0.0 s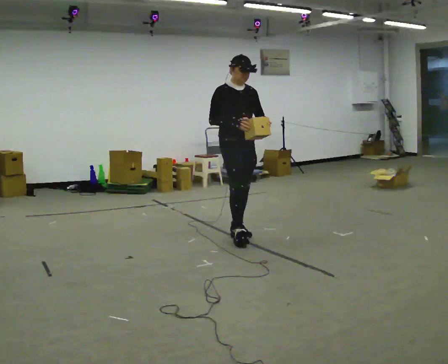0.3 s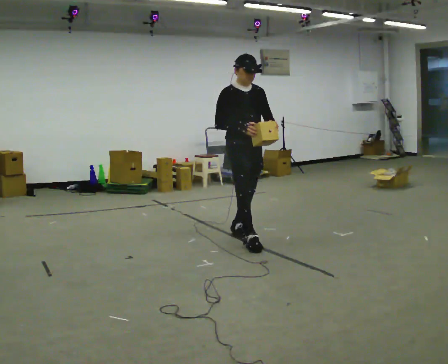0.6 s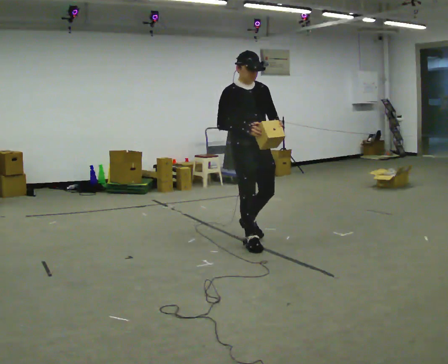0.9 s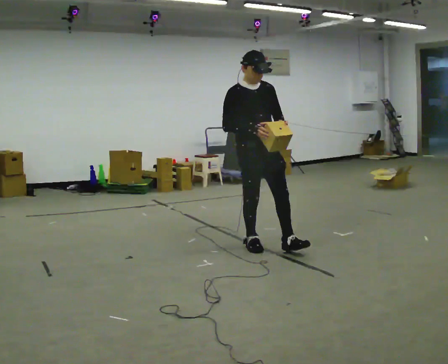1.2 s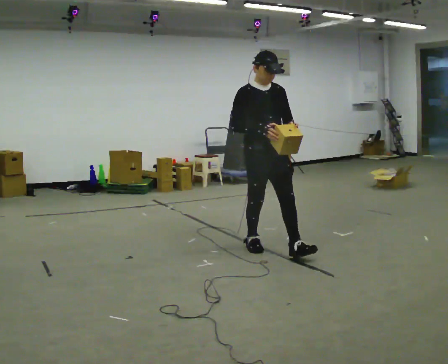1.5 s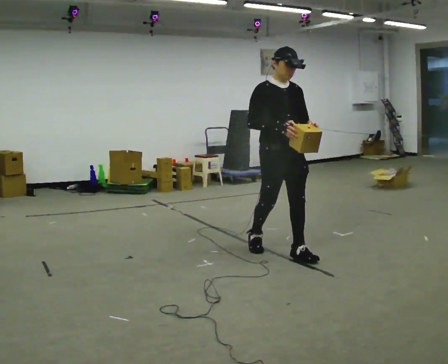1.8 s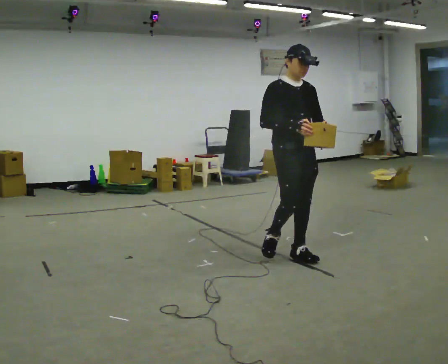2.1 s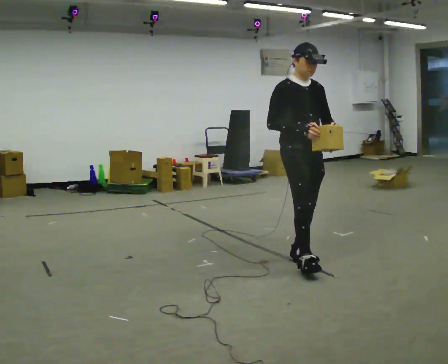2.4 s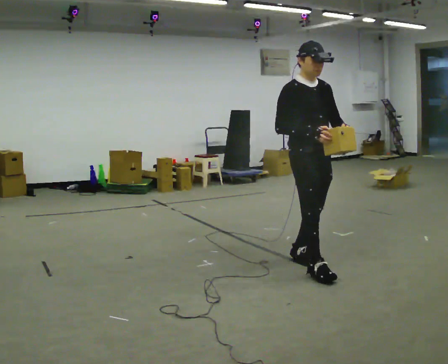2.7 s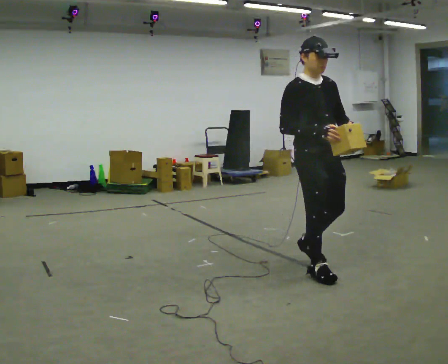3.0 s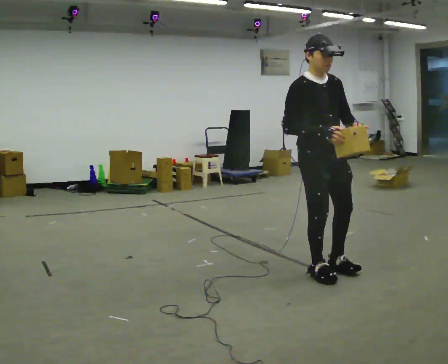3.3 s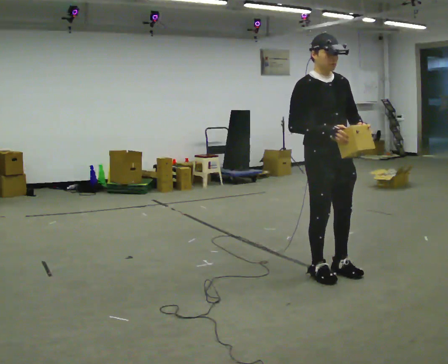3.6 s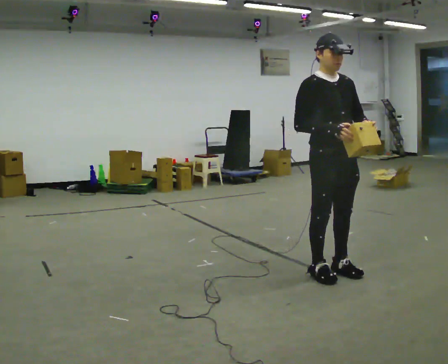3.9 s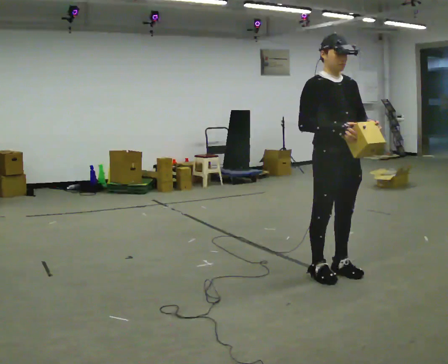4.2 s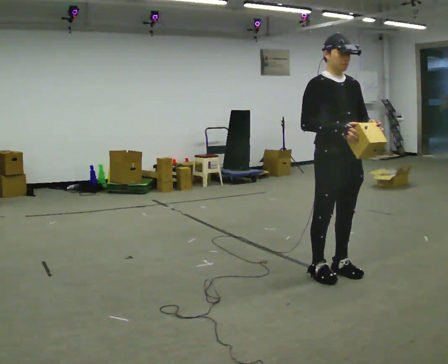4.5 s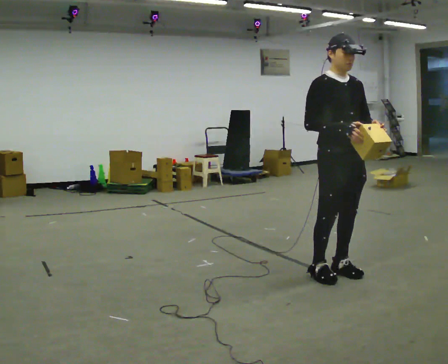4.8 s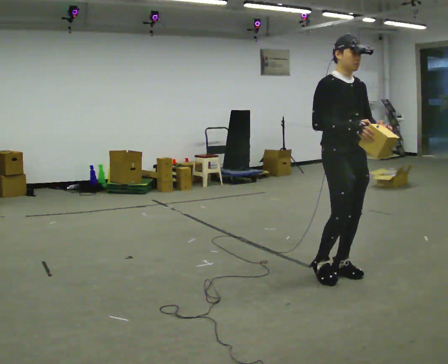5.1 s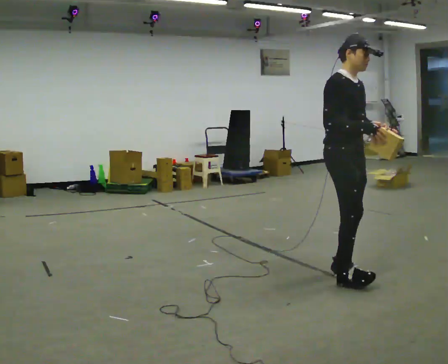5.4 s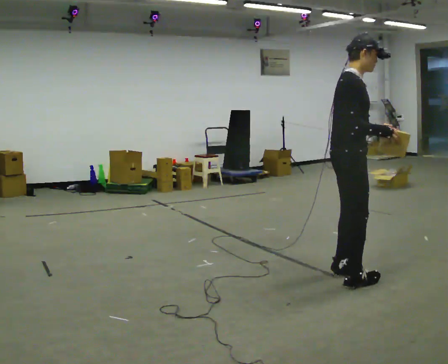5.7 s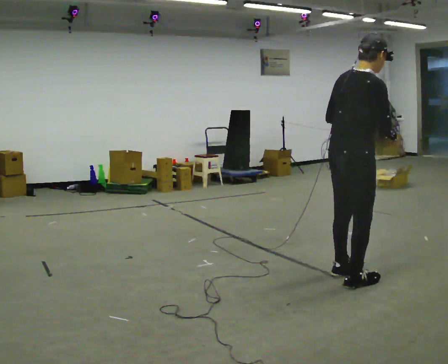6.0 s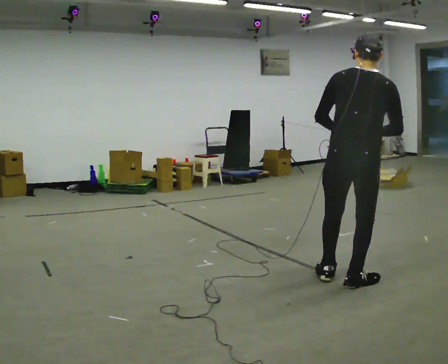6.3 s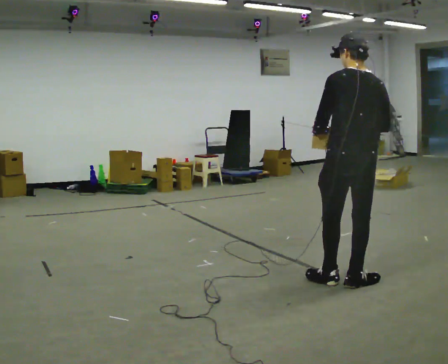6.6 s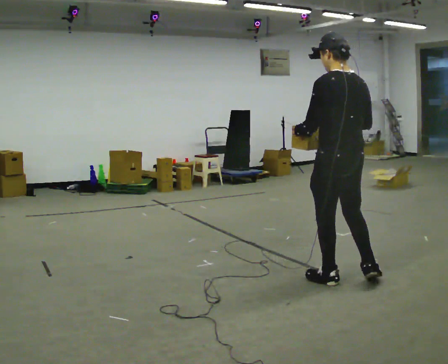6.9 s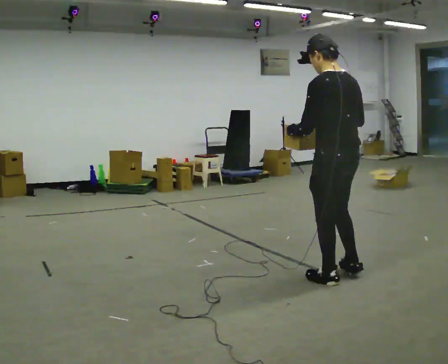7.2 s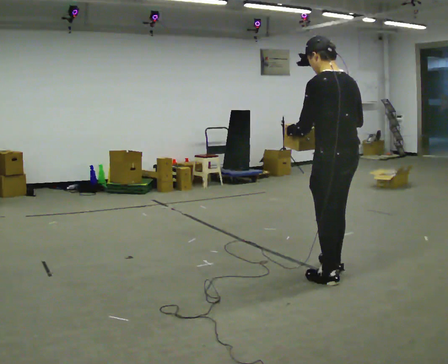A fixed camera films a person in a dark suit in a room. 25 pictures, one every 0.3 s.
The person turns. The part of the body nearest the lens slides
to the right.
The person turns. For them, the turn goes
to their left.
0.0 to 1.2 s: In the picture they go toward the camera and to the right, about 0.5 m in 2 steps, which for them is forward.
1.2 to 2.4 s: In the picture they go toward the camera and to the right, about 0.5 m in 1 step, which for them is forward.
2.4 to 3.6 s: In the picture they go toward the camera and to the right, about 0.25 m in 1 step, which for them is forward.
3.6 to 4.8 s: The person moves a little, or ends about where they began.
4.8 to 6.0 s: Seen from above the body turns counterclockwise, about 120 degrees: to their left, with its near side sliding to the right. In the picture they go toward the camera, about 0.25 m in 1 step.
6.0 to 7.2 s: The person turns about 60 degrees to their left, counterclockwise seen from above, so the part of the body nearest the lens slides to the right.
The film runs forward here.
